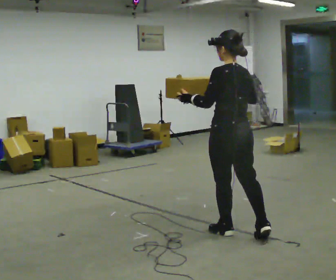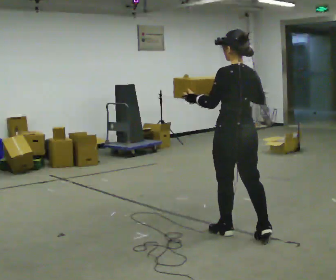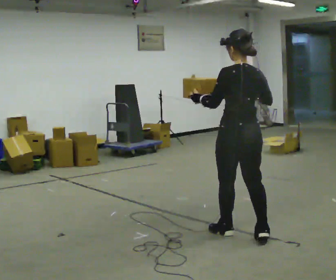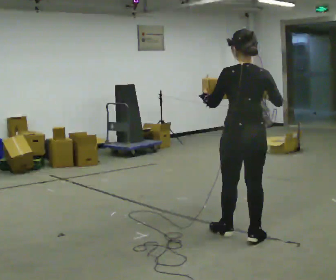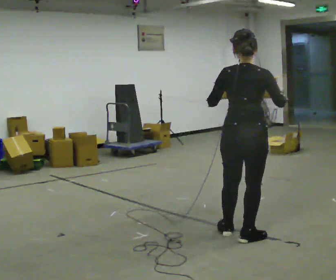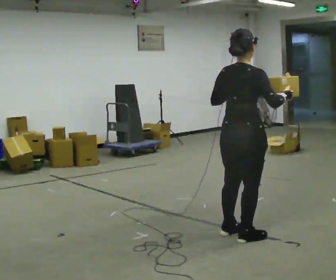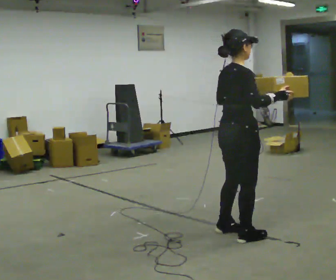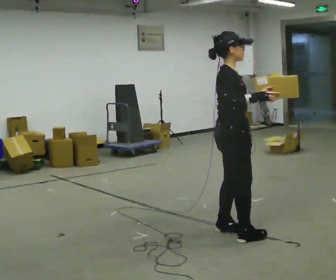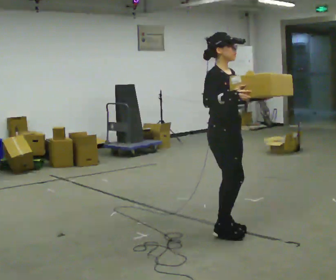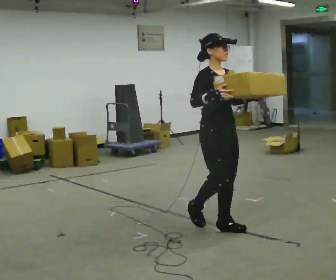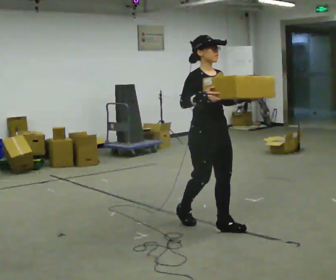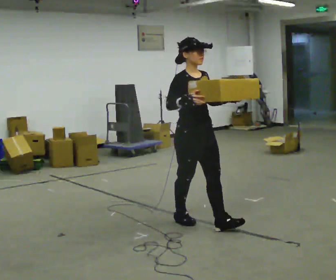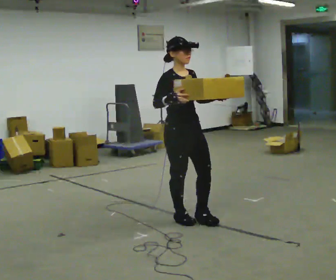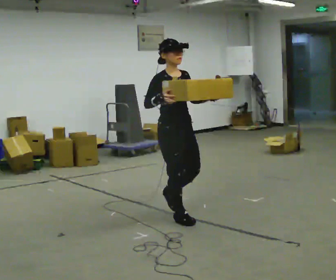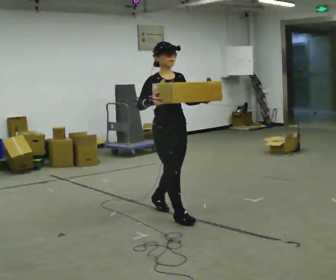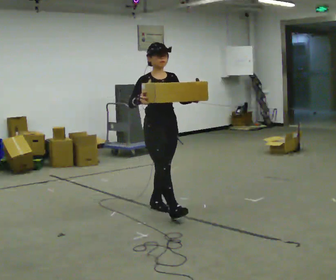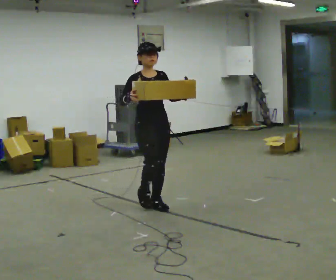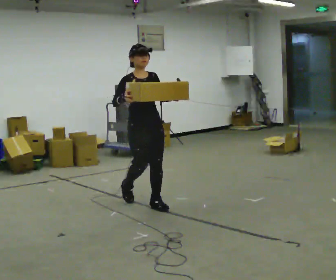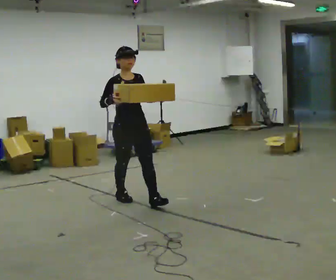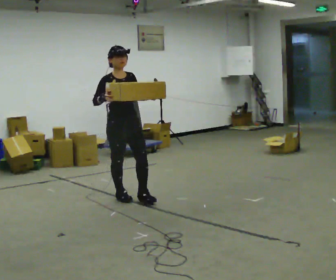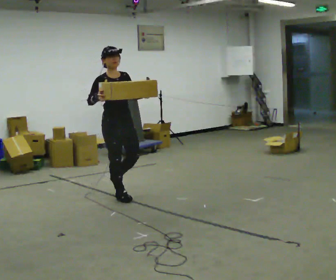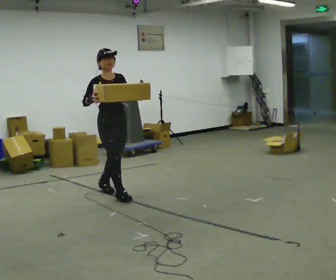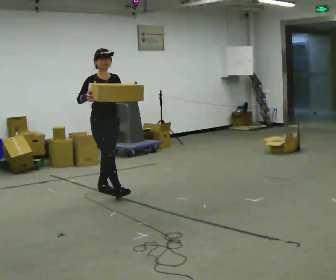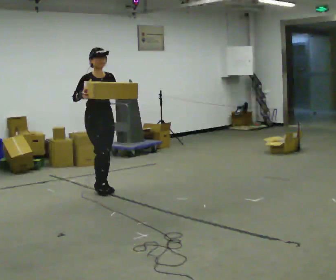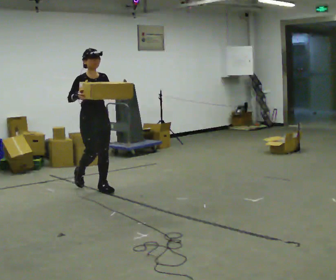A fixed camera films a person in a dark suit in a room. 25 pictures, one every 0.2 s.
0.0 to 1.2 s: The person turns about 105 degrees to their right, clockwise seen from above, so the part of the body nearest the lens slides to the left.
1.2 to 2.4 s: The person turns about 75 degrees to their right, clockwise seen from above, so the part of the body nearest the lens slides to the left. In the picture they go away from the camera and to the left, about 0.5 m in 2 steps.
2.4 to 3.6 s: In the picture they go away from the camera and to the left, about 1 m in 1 step, which for them is backward.
3.6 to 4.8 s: In the picture they go away from the camera and to the left, about 0.5 m in 2 steps, which for them is backward.
The film runs backward here.
